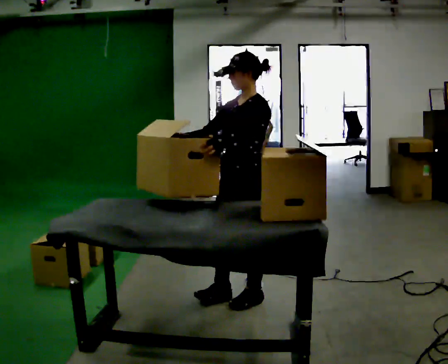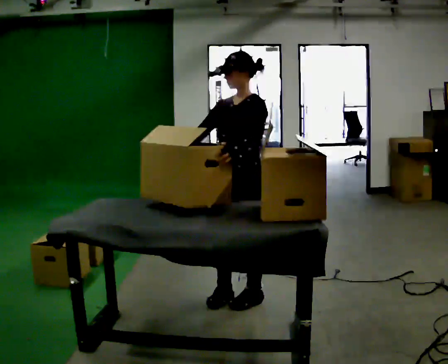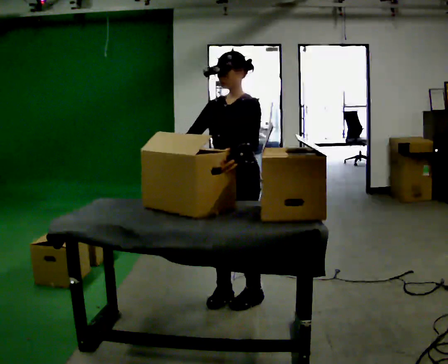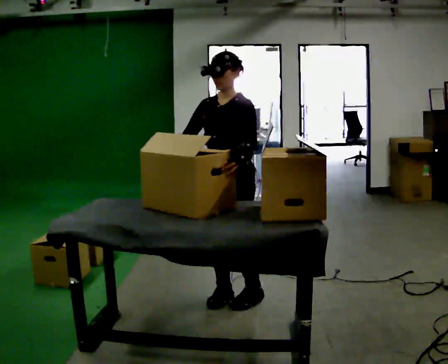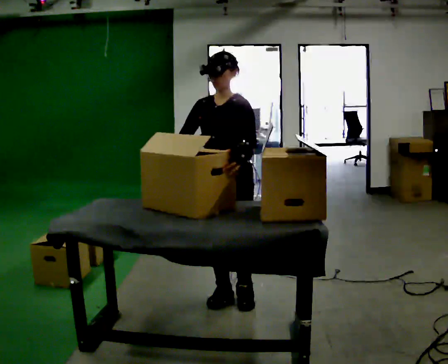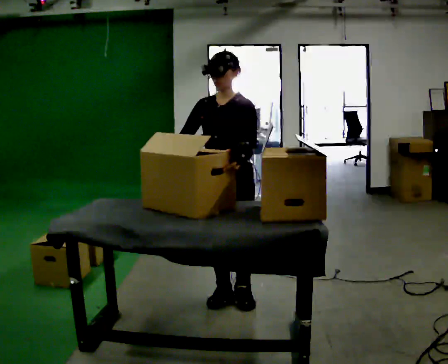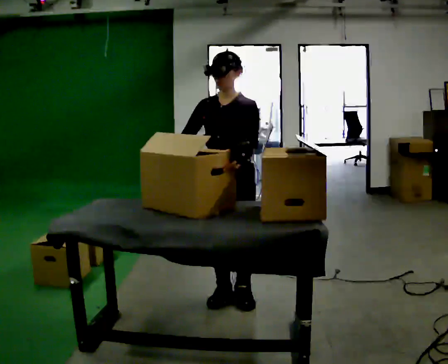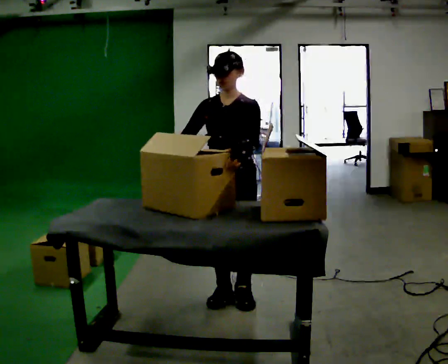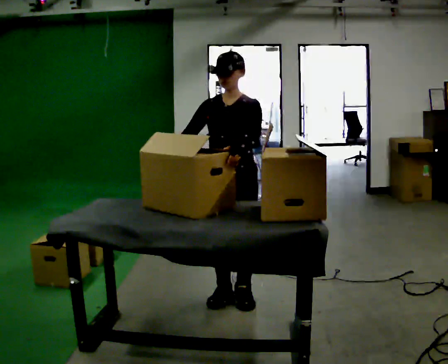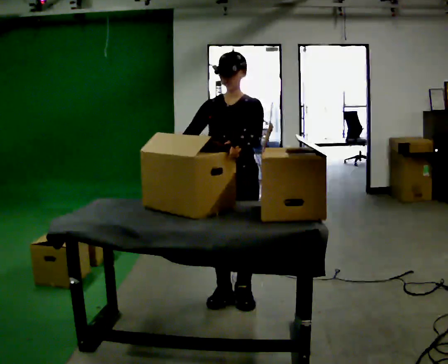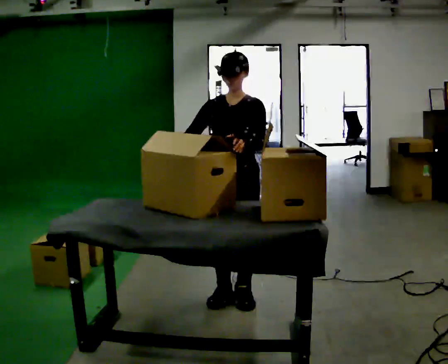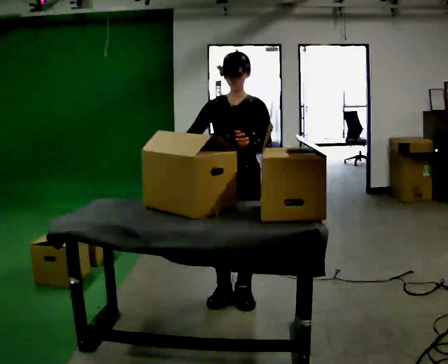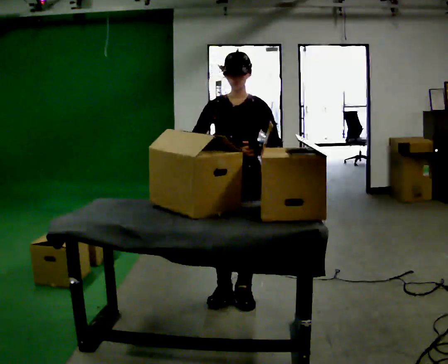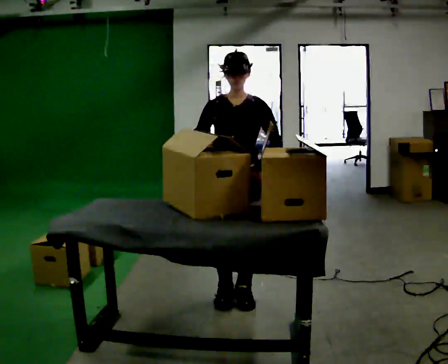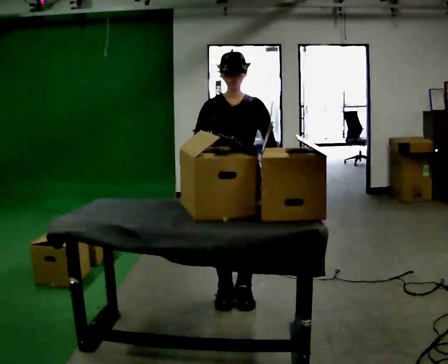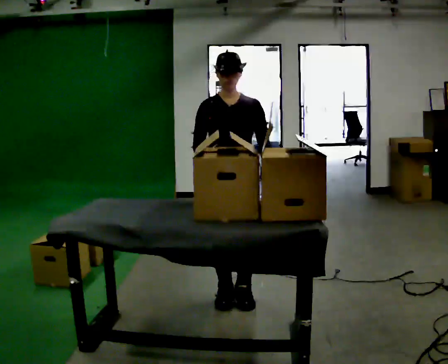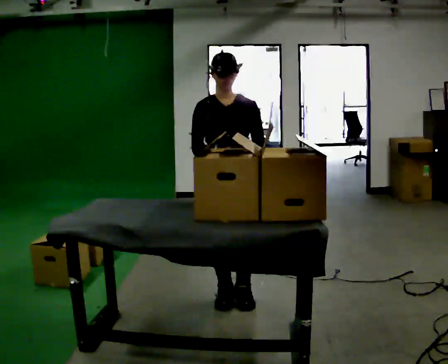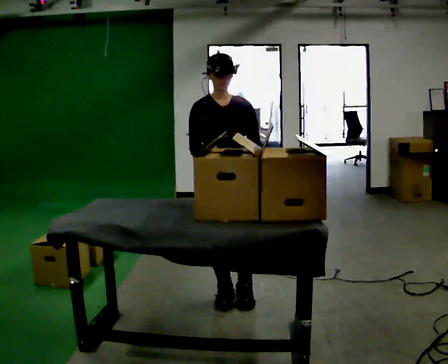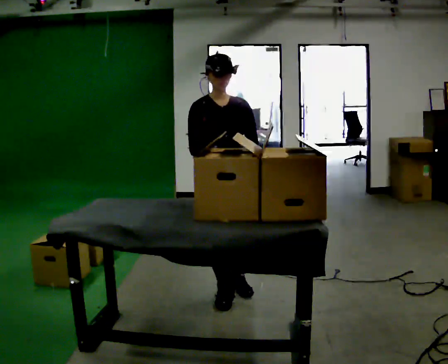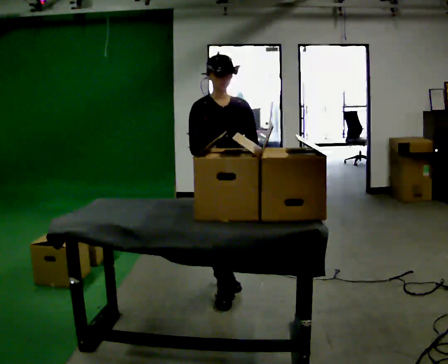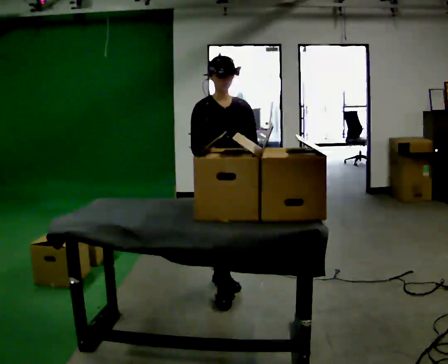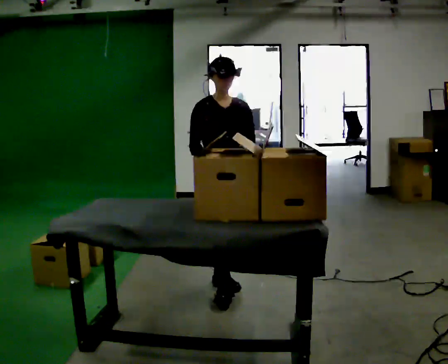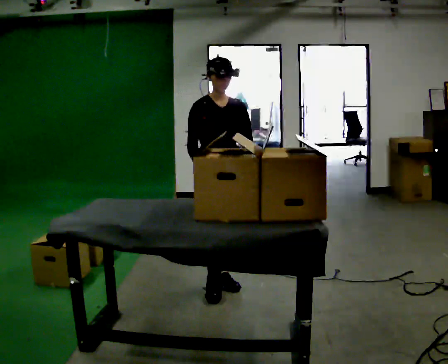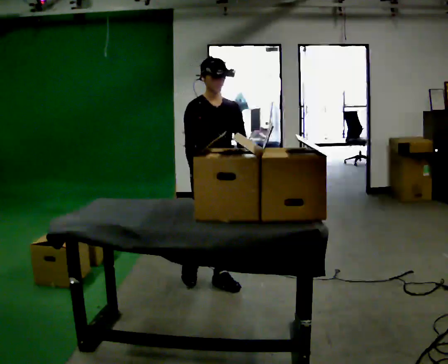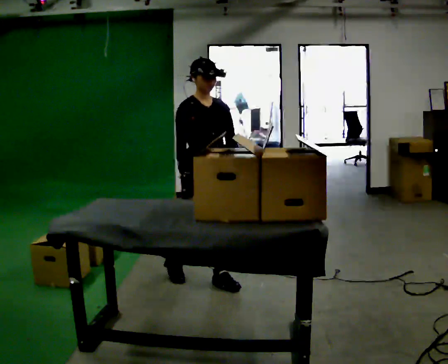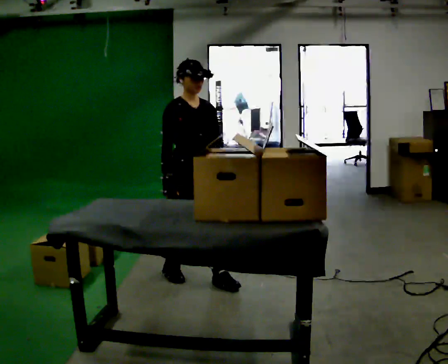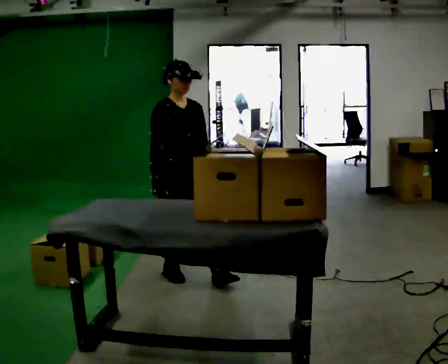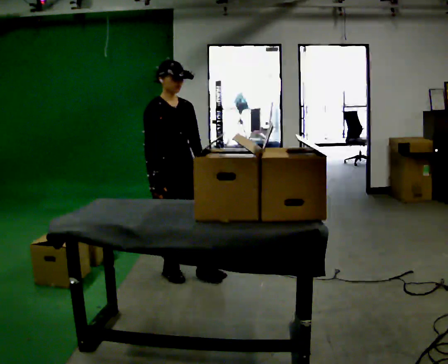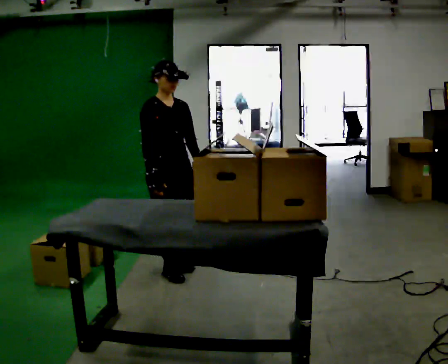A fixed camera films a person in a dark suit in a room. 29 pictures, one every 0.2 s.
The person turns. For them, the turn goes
to their left.
The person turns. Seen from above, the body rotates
counterclockwise.
0.0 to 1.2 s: Seen from above the body turns counterclockwise, about 45 degrees: to their left, with its near side sliding to the right.
1.2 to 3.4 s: The part of the body nearest the lens slides to the right as the person turns to their left by about 30 degrees.
3.4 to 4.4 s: In the picture they go away from the camera, about 0.25 m in 2 steps, which for them is backward.
4.4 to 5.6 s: In the picture they go to the left and away from the camera, about 0.5 m in 1 step, which for them is backward and to their right.
The film runs backward here.
